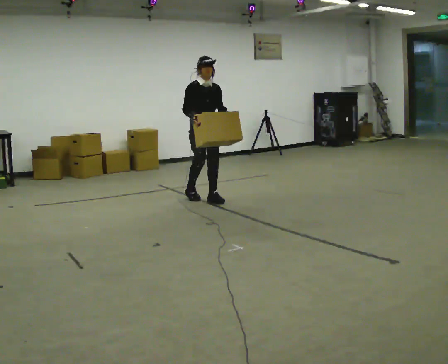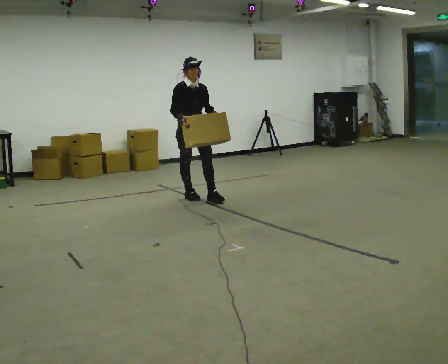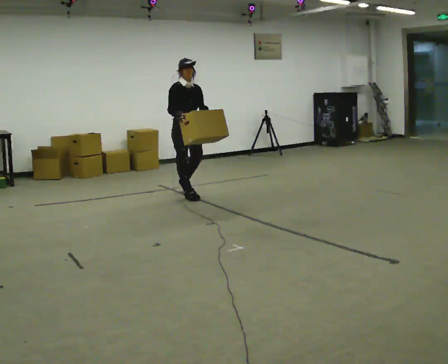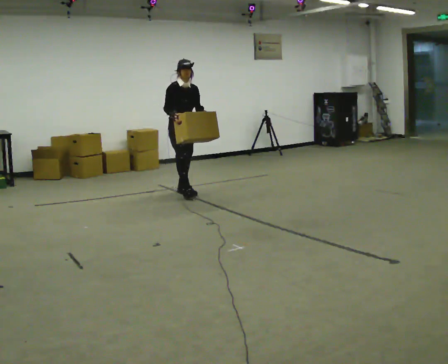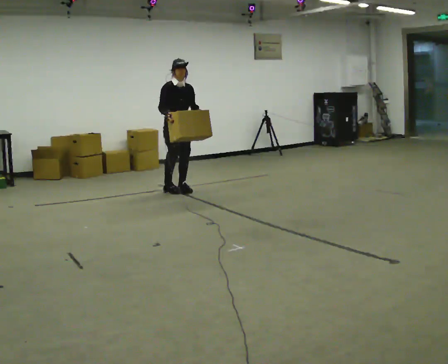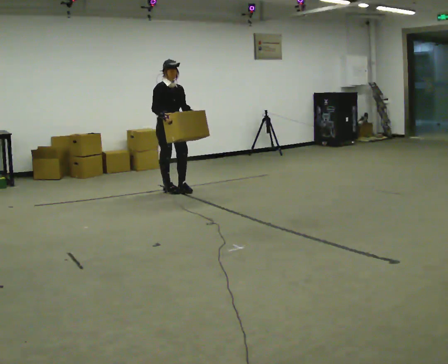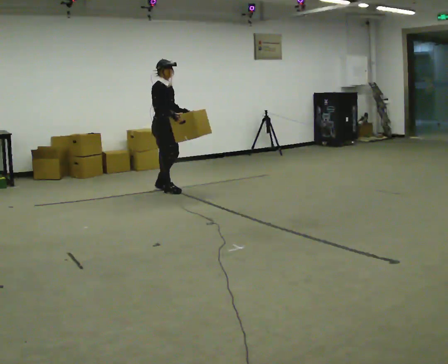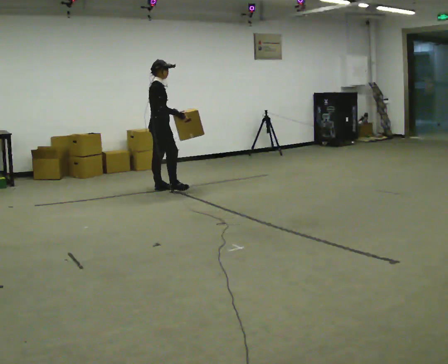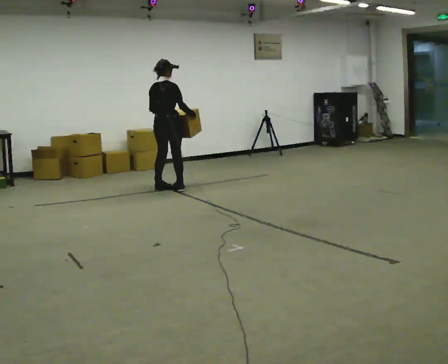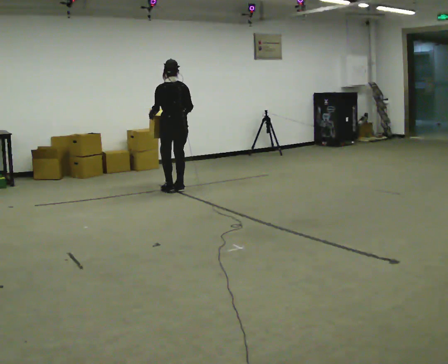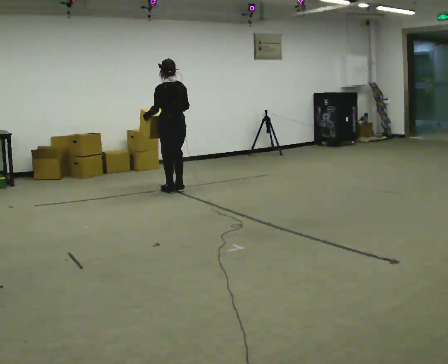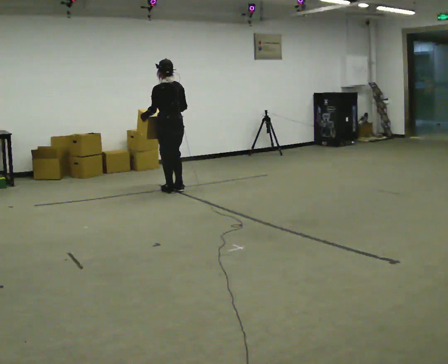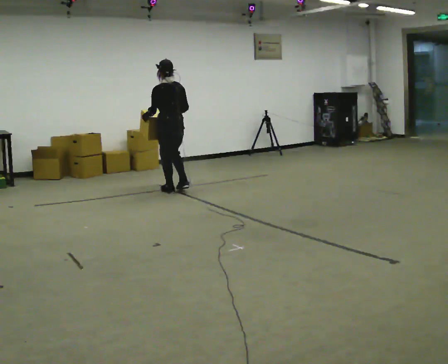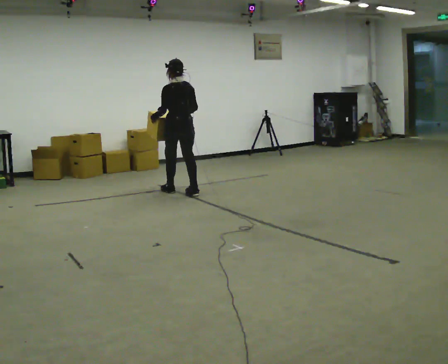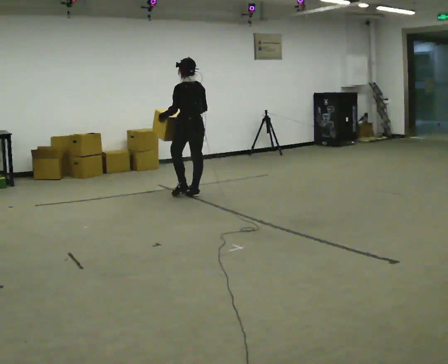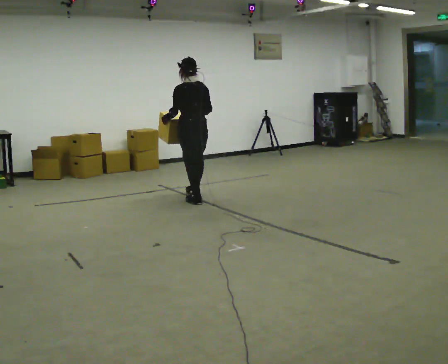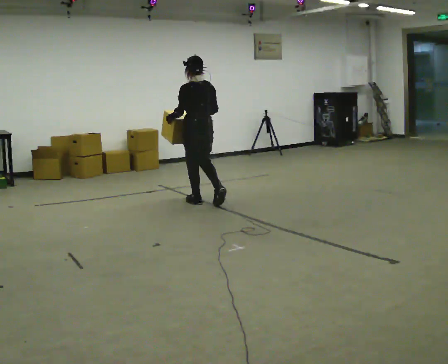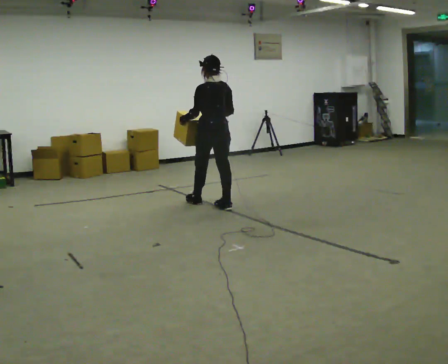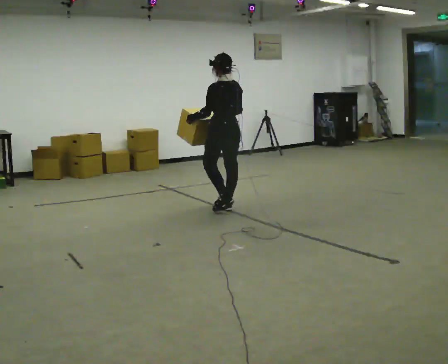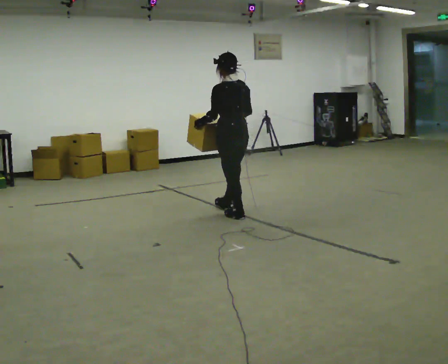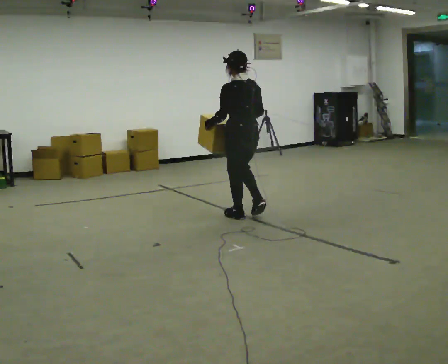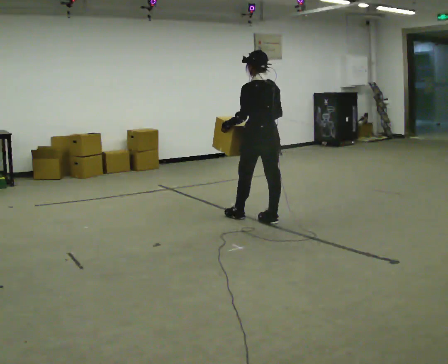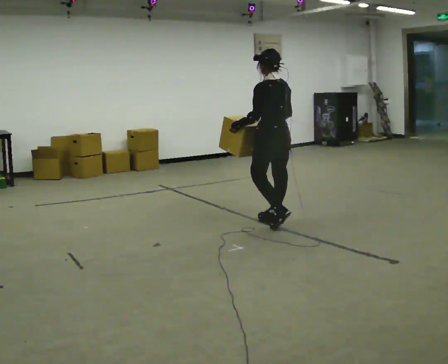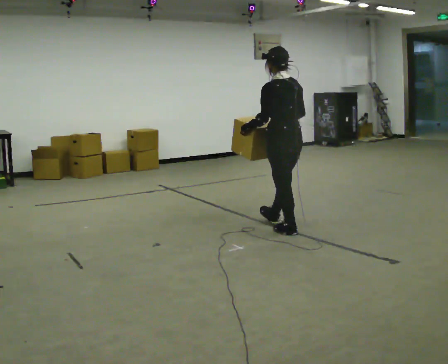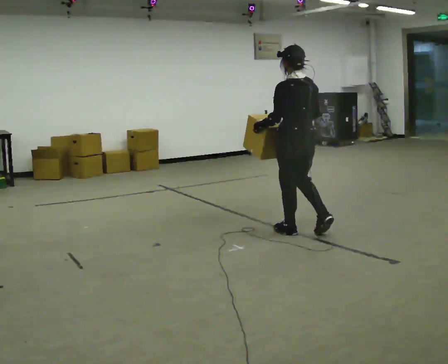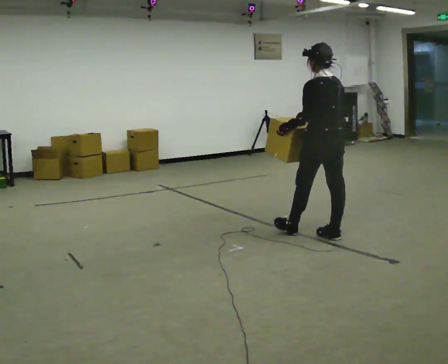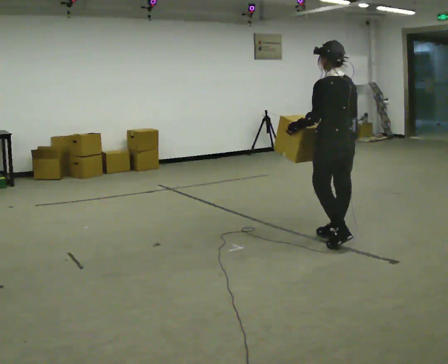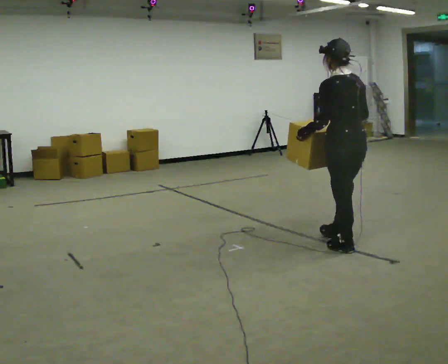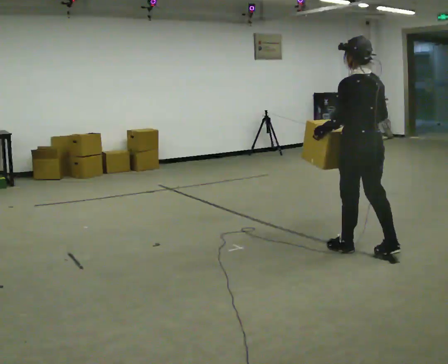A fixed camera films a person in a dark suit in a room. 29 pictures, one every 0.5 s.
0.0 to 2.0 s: In the picture they go away from the camera and to the left, about 0.5 m in 2 steps, which for them is backward.
2.0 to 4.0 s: The part of the body nearest the lens slides to the right as the person turns to their left by about 120 degrees. In the picture they go to the left, about 0.25 m in 2 steps.
4.0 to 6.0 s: Seen from above the body turns counterclockwise, about 60 degrees: to their left, with its near side sliding to the right.
6.0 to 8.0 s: In the picture they go toward the camera and to the right, about 0.75 m in 2 steps, which for them is backward.
8.0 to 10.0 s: In the picture they go toward the camera and to the right, about 1 m in 2 steps, which for them is backward.
10.0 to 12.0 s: In the picture they go toward the camera and to the right, about 0.5 m in 2 steps, which for them is backward.
12.0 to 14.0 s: In the picture they go toward the camera and to the right, about 0.5 m in 2 steps, which for them is backward.
The film runs backward here.
